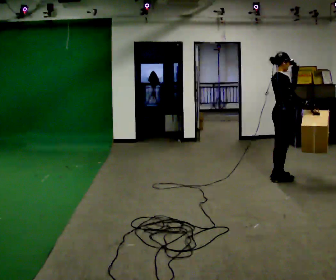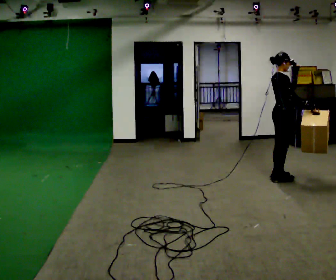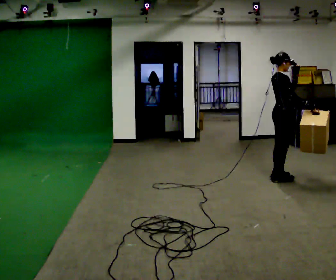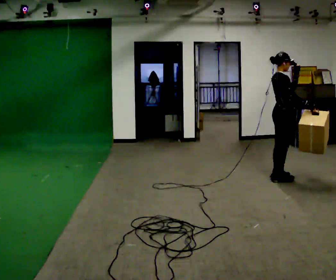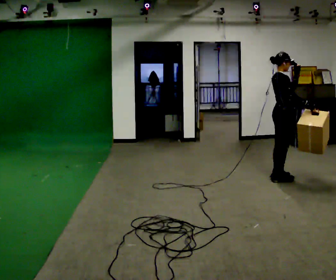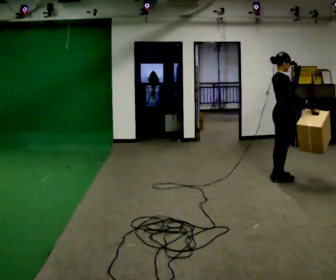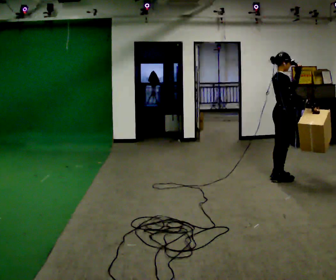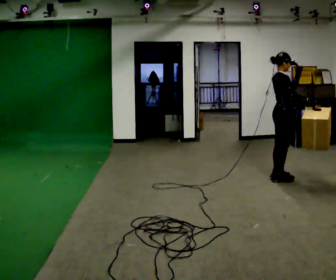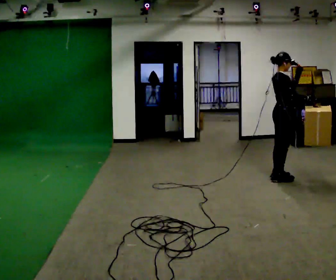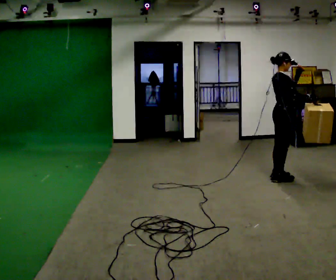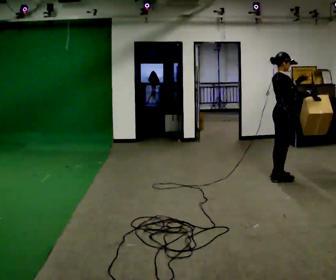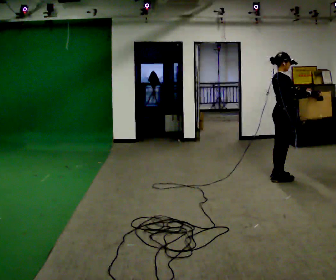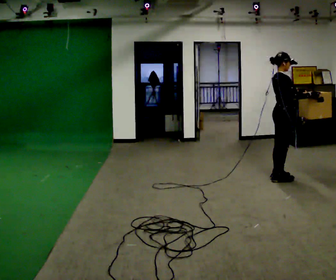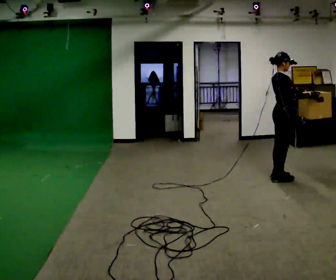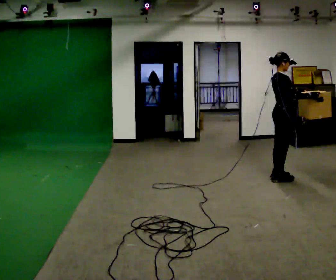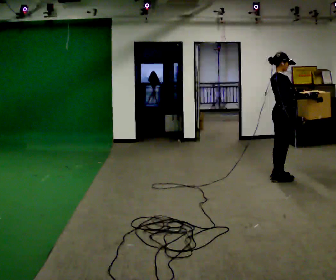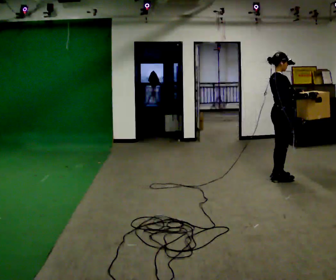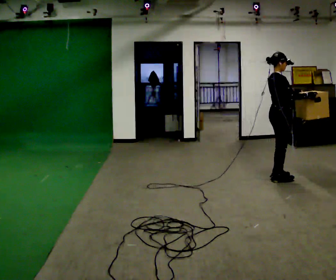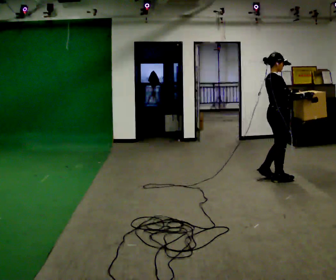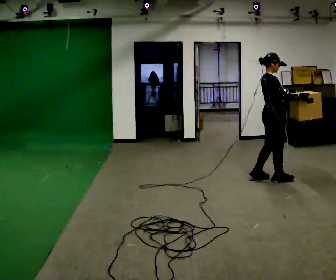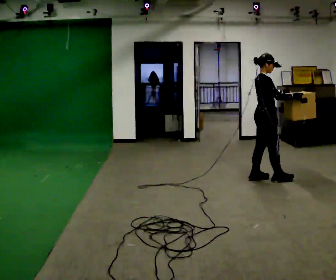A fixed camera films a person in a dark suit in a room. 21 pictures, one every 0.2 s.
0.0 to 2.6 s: The person moves a little, or ends about where they began.
2.6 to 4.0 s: In the picture they go to the left, about 0.25 m in 1 step, which for them is backward.
The film runs backward here.
